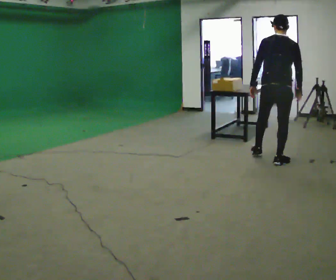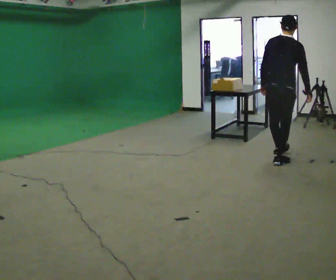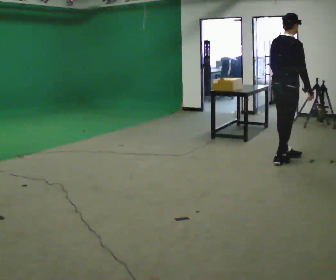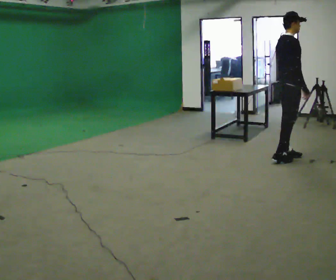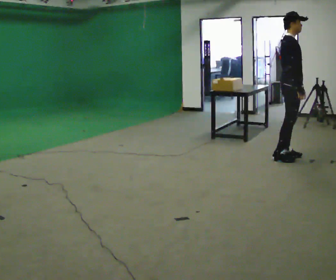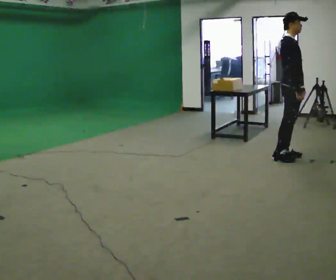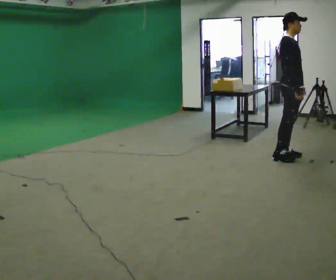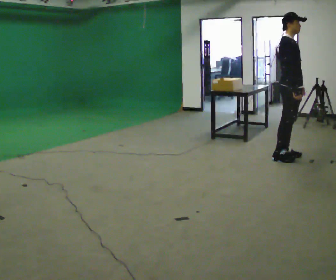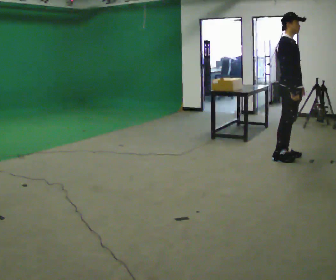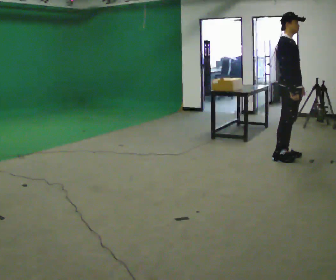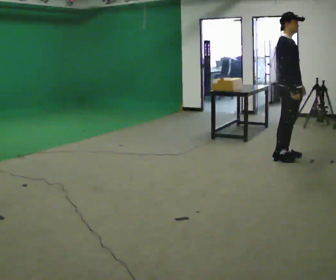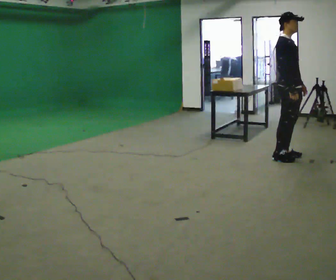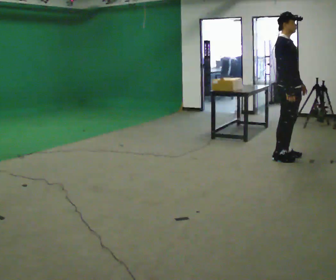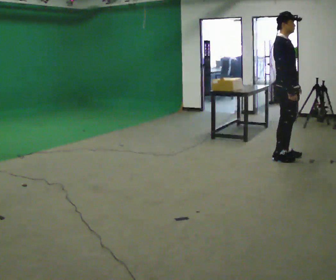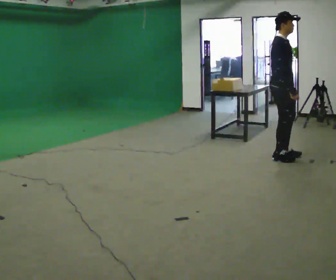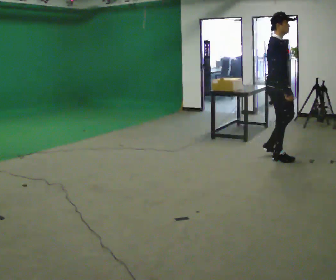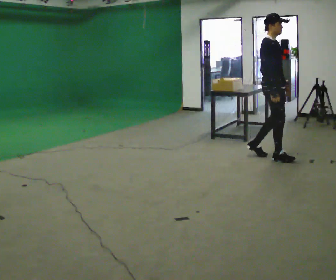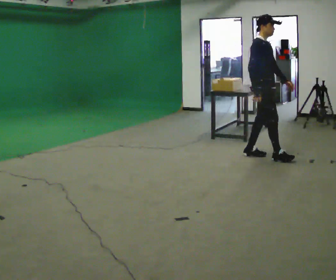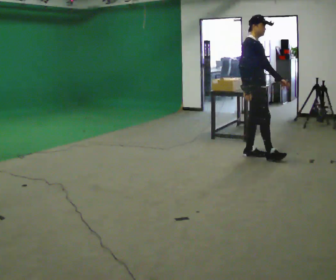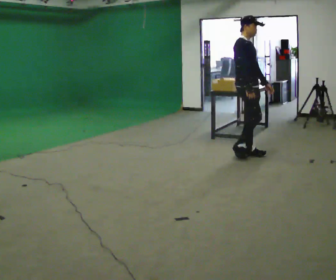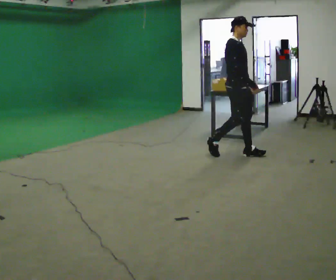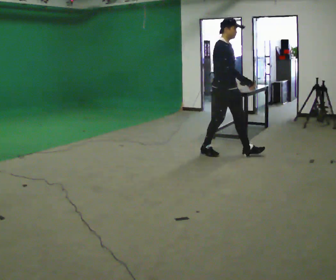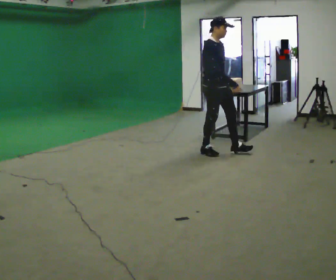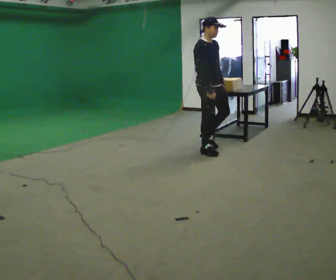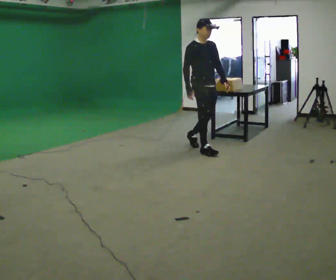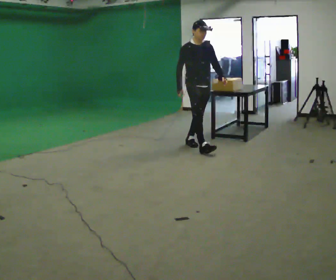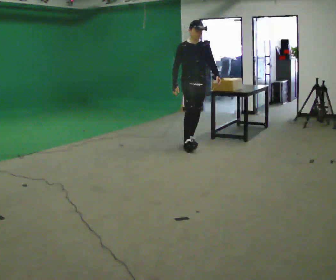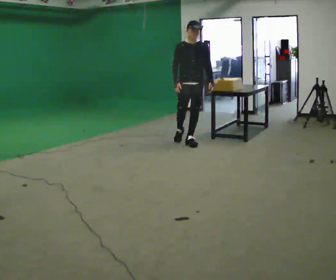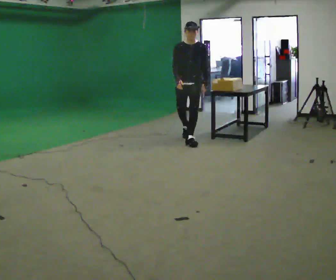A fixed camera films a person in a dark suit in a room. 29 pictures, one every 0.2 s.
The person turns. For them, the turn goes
to their right.
The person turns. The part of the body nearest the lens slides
to the left.
0.0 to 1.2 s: The part of the body nearest the lens slides to the left as the person turns to their right by about 90 degrees. In the picture they go to the right, about 0.25 m in 1 step. In the picture their left hand goes to the right, the arm swinging counterclockwise.
1.2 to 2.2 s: The person moves a little, or ends about where they began.
2.2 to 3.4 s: In the picture they go to the left, about 0.25 m in 1 step, which for them is backward.
3.4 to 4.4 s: In the picture they go to the left, about 0.75 m in 2 steps, which for them is backward.
4.4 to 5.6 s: The part of the body nearest the lens slides to the left as the person turns to their right by about 60 degrees. In the picture they go away from the camera and to the left, about 1 m in 1 step.
The film runs backward here.
